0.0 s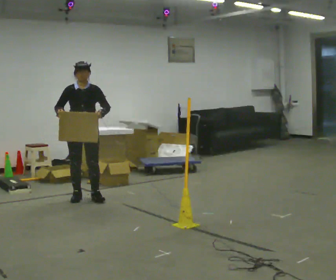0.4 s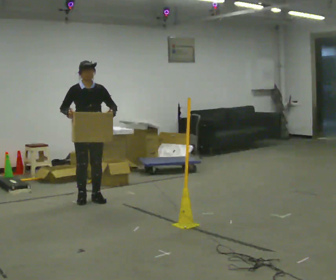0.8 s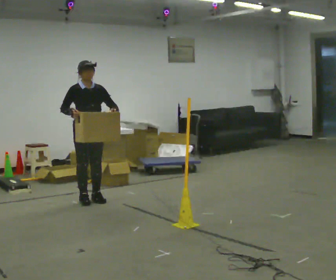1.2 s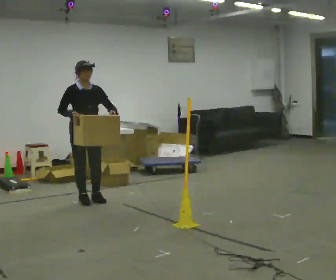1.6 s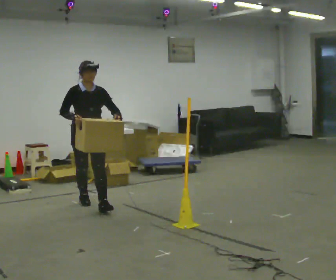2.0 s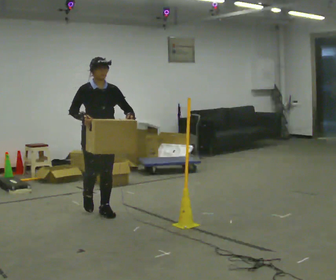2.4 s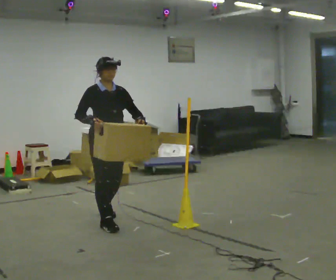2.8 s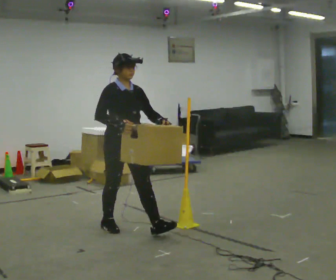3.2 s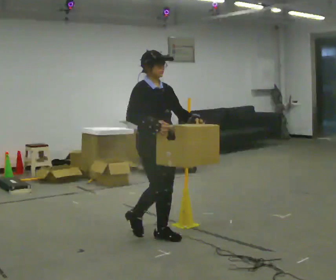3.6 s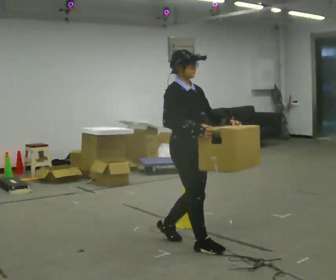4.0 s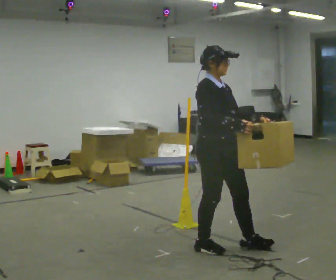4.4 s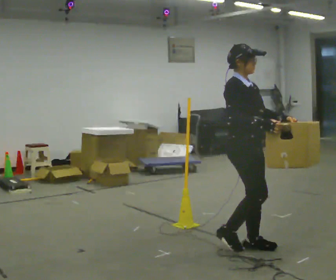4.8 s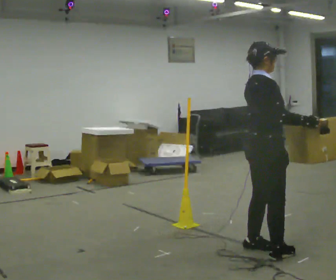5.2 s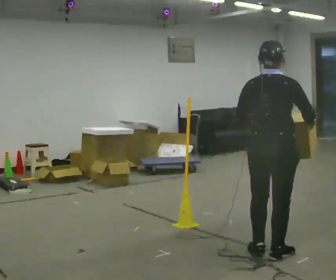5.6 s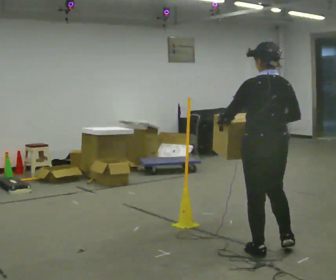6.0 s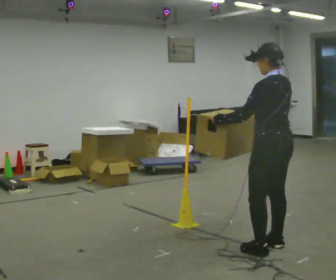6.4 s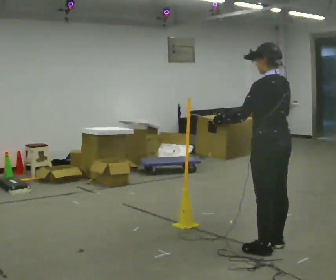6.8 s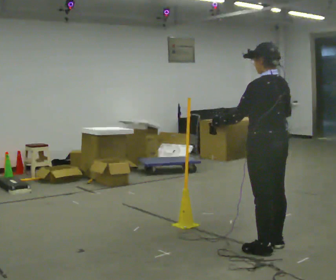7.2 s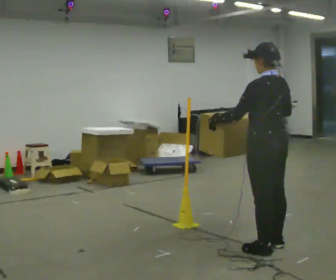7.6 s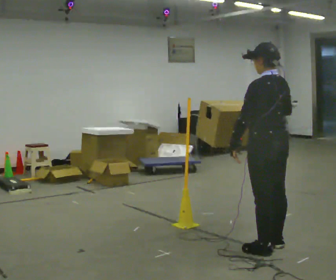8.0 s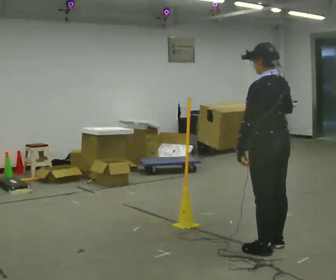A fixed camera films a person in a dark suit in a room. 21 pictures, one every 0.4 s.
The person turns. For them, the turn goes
to their left.
The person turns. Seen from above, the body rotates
counterclockwise.
0.0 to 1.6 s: In the picture they go toward the camera, about 0.25 m in 1 step, which for them is forward.
1.6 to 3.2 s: The part of the body nearest the lens slides to the right as the person turns to their left by about 30 degrees. In the picture they go toward the camera and to the right, about 1.5 m in 3 steps, which for them is forward.
3.2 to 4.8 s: The person turns about 45 degrees to their left, counterclockwise seen from above, so the part of the body nearest the lens slides to the right. In the picture they go to the right and toward the camera, about 1 m in 3 steps, which for them is forward.
4.8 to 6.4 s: The person turns about 120 degrees to their left, counterclockwise seen from above, so the part of the body nearest the lens slides to the right. In the picture their left hand goes to the left.
6.4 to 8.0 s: The person moves a little, or ends about where they began.
The film runs forward here.
